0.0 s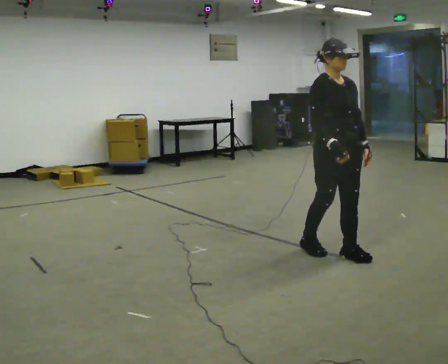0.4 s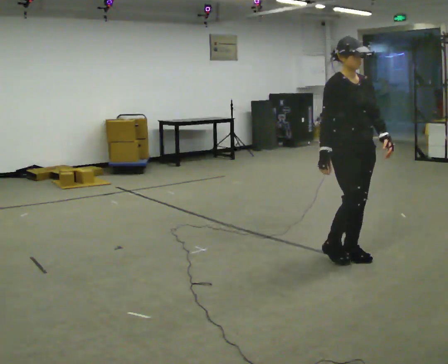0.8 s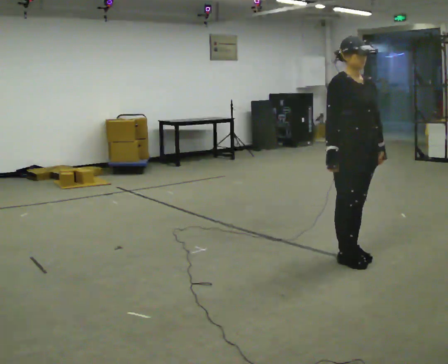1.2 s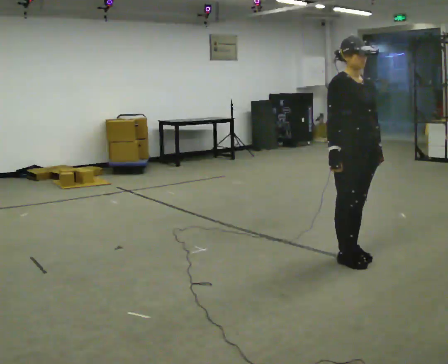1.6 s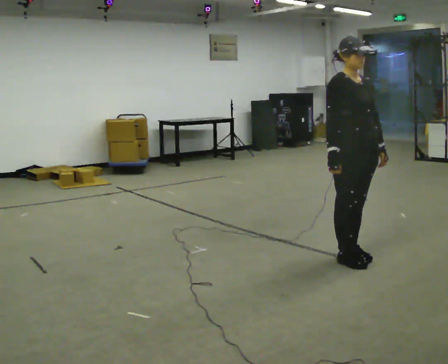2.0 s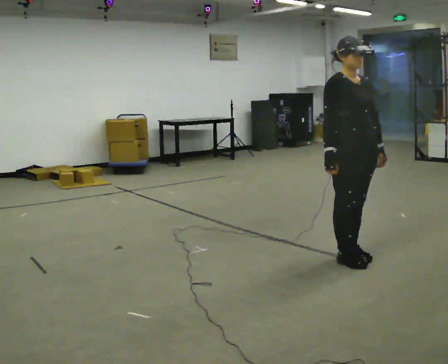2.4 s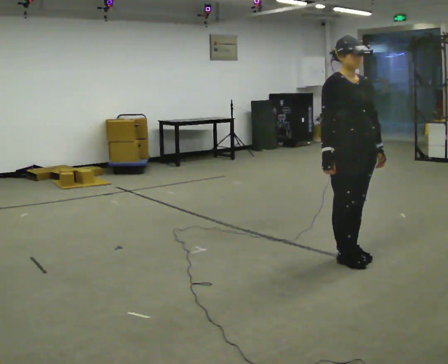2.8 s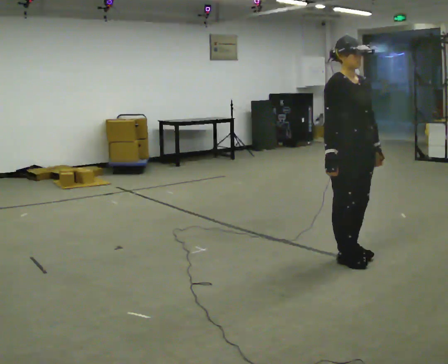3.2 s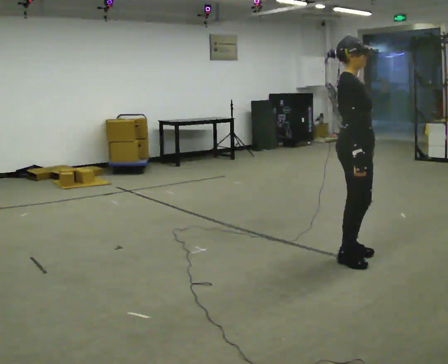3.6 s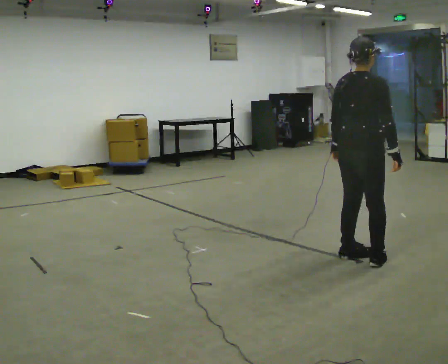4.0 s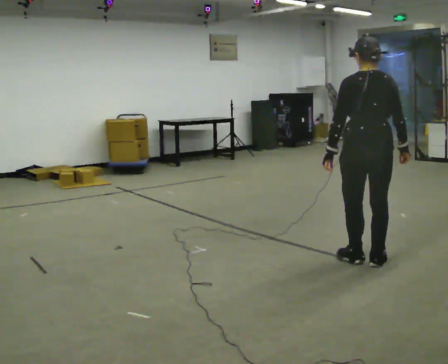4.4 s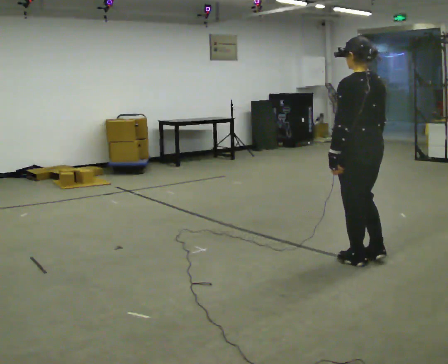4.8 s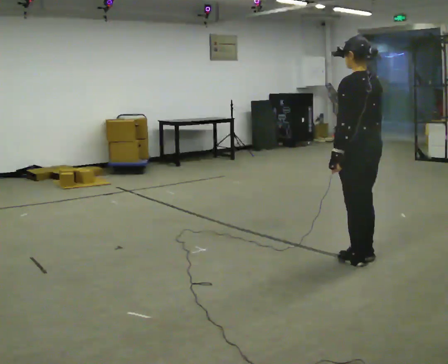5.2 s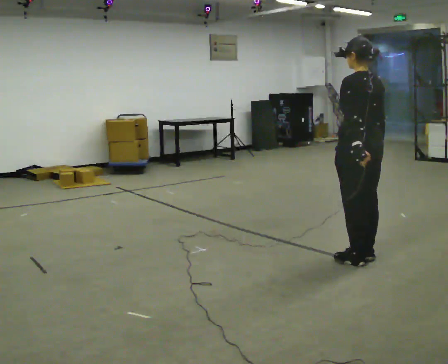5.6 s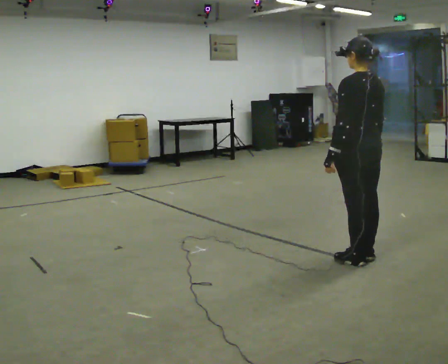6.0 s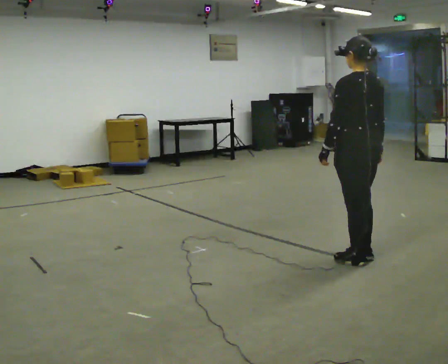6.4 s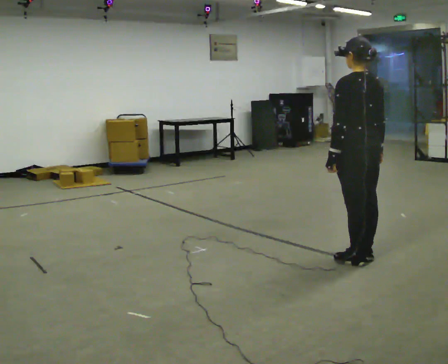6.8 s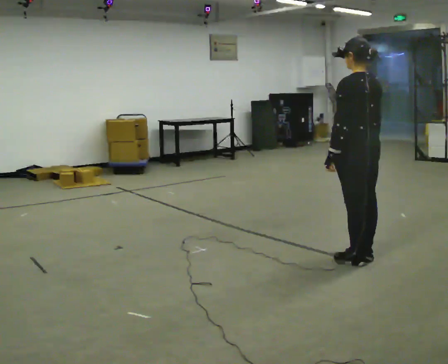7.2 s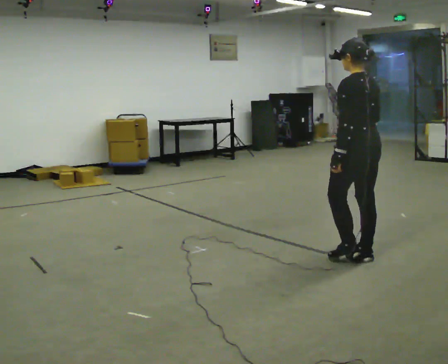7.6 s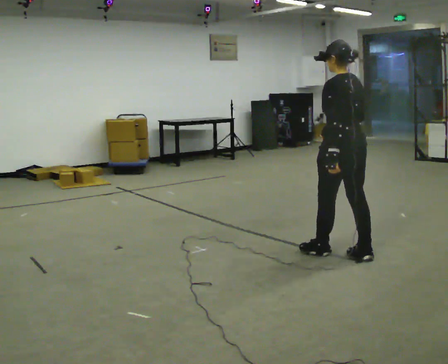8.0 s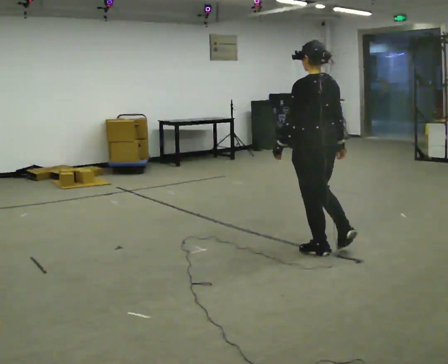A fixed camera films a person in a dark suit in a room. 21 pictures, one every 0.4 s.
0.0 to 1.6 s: The person moves a little, or ends about where they began.
1.6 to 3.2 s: The part of the body nearest the lens slides to the right as the person turns to their left by about 45 degrees.
3.2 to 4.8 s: Seen from above the body turns counterclockwise, about 150 degrees: to their left, with its near side sliding to the right.
4.8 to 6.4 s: The person moves a little, or ends about where they began.
6.4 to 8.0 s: In the picture they go to the left and away from the camera, about 0.25 m in 1 step, which for them is forward.
The film runs forward here.
